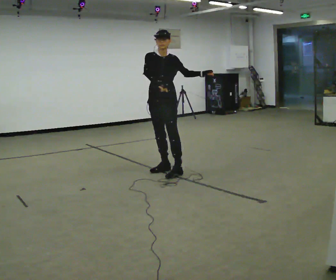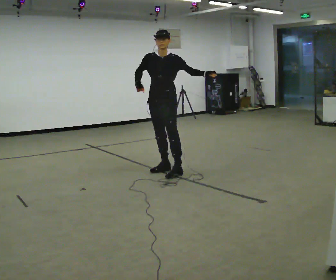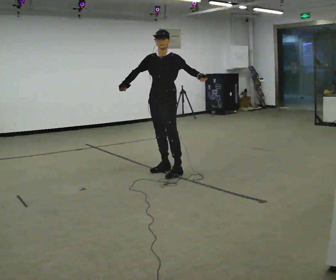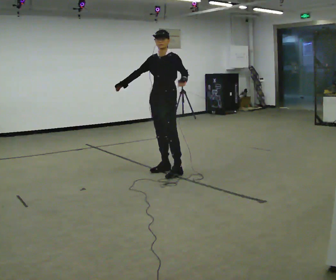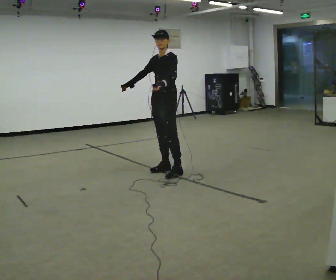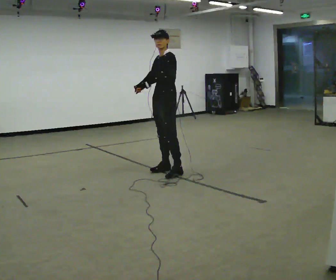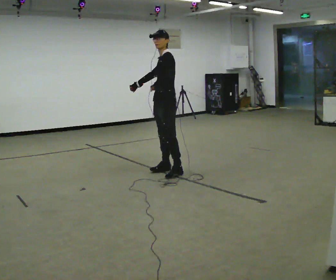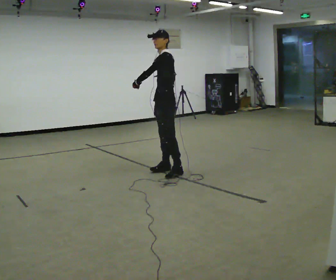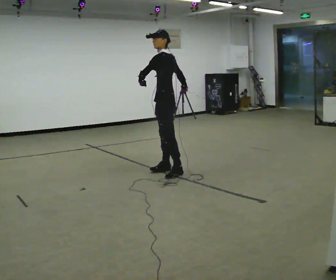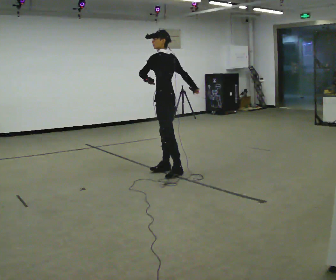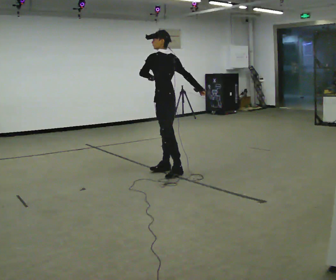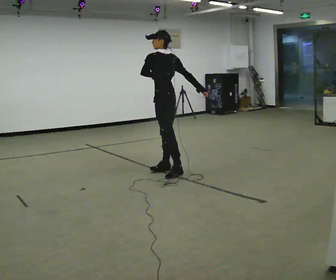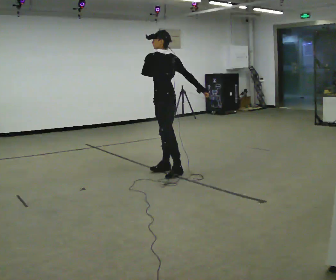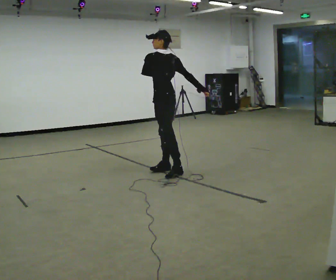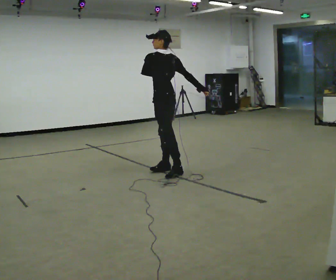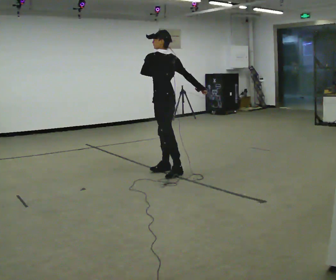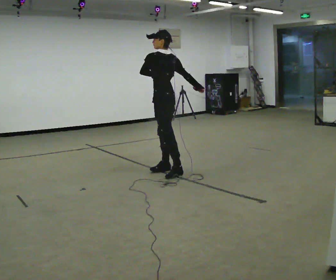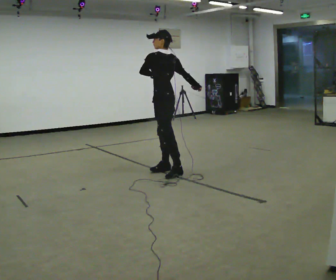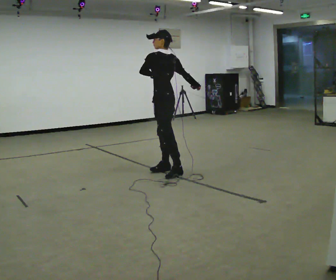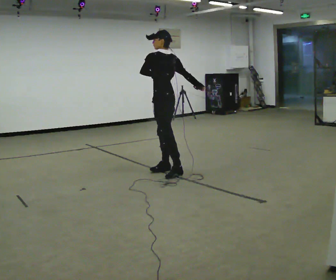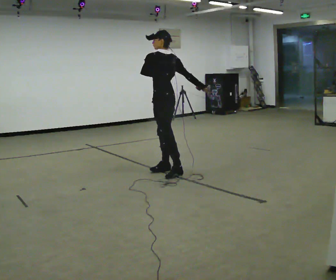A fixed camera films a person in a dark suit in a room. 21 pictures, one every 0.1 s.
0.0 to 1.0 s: Seen from above the body turns clockwise, about 105 degrees: to their right, with its near side sliding to the left. In the picture their right hand goes to the right.
1.0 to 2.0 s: The person moves a little, or ends about where they began.
The film runs backward here.
